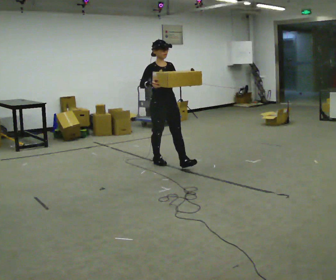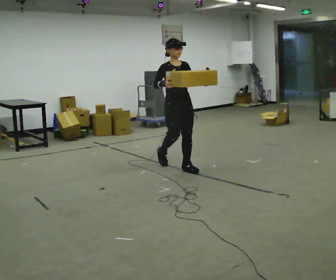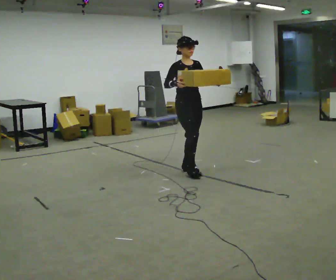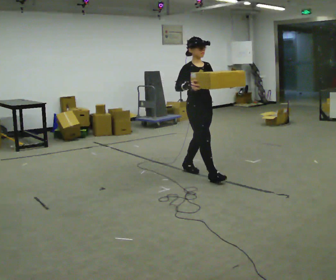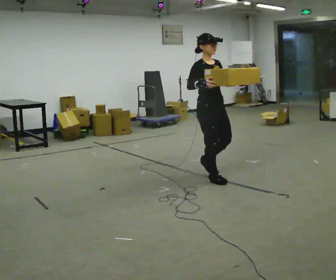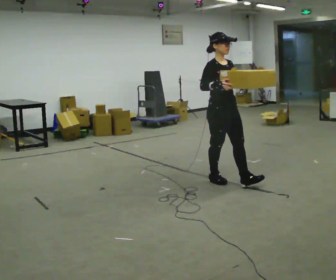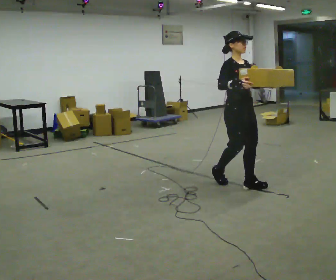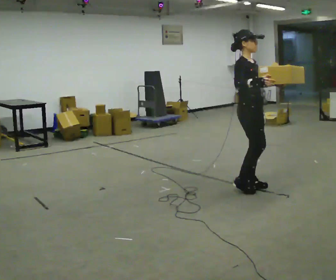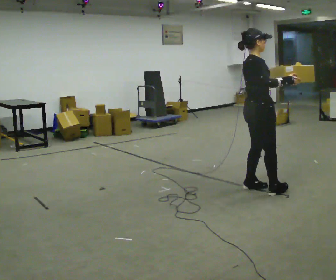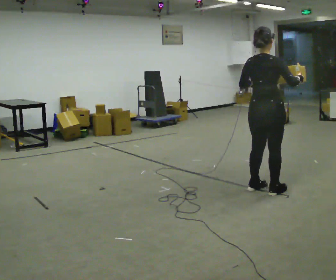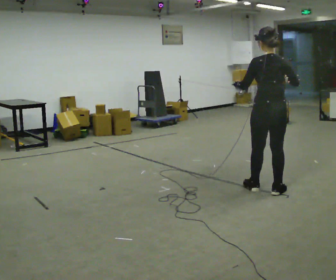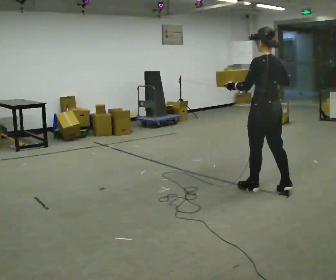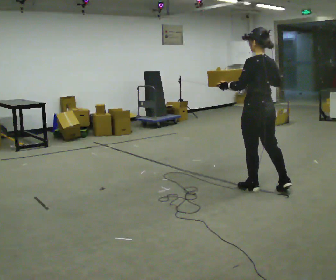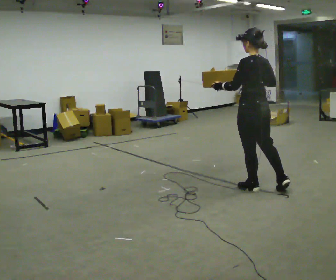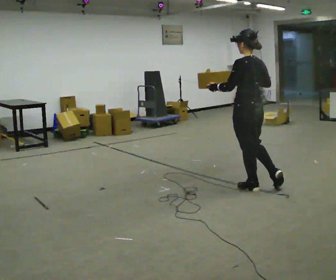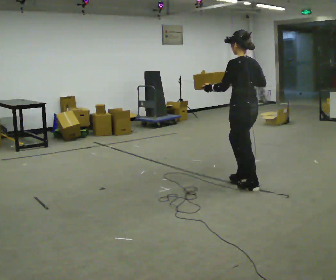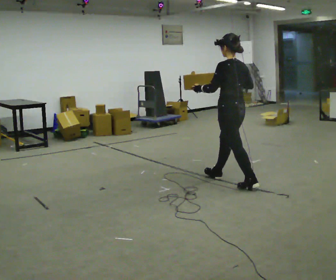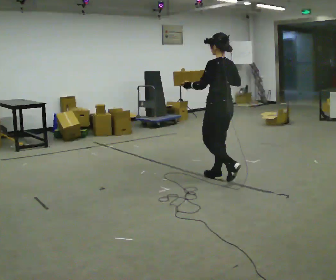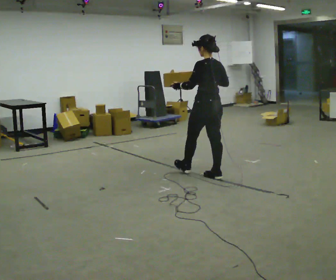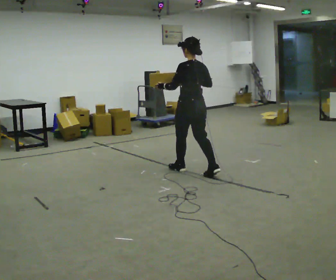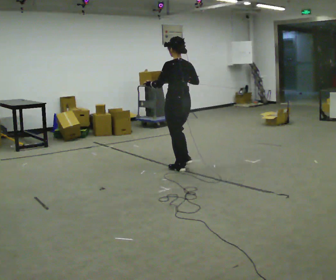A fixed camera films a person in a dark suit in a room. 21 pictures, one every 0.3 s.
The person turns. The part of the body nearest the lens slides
to the right.
The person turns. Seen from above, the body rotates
counterclockwise.
0.0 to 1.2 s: In the picture they go to the right and toward the camera, about 1 m in 2 steps, which for them is forward.
1.2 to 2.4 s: The person turns about 60 degrees to their left, counterclockwise seen from above, so the part of the body nearest the lens slides to the right. In the picture they go to the right and toward the camera, about 0.5 m in 2 steps.
2.4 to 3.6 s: The part of the body nearest the lens slides to the right as the person turns to their left by about 105 degrees.
3.6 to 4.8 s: In the picture they go to the left and away from the camera, about 0.5 m in 1 step, which for them is forward.
4.8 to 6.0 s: In the picture they go to the left and away from the camera, about 1 m in 1 step, which for them is forward.
The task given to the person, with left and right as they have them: Carry the medium box in both hands in front of you, walking back and forth across the room. Keep walking until the operator says stop.
The film runs forward here.
